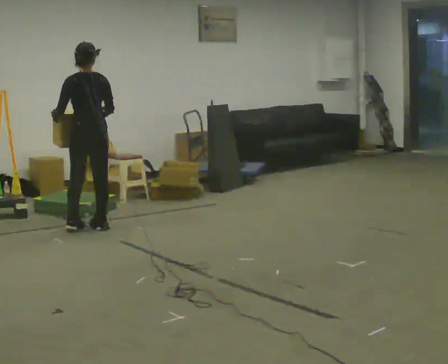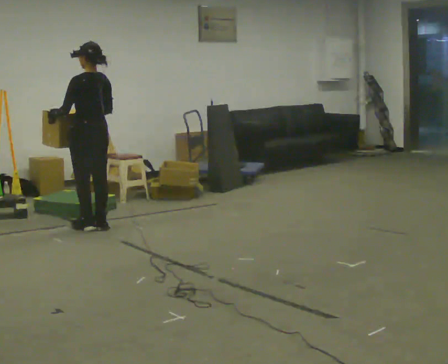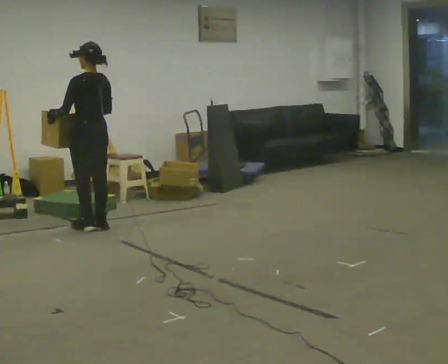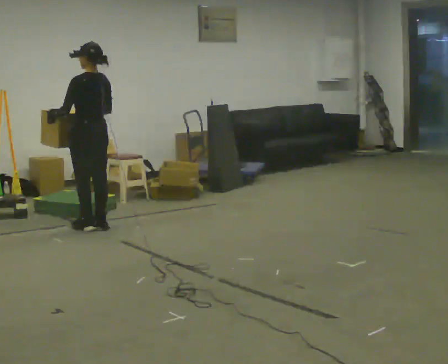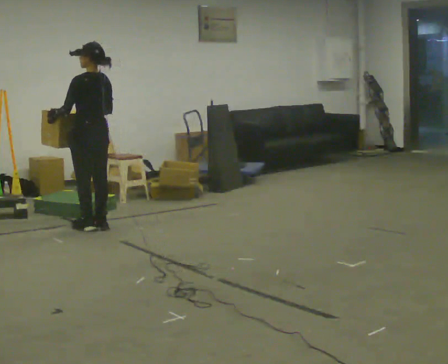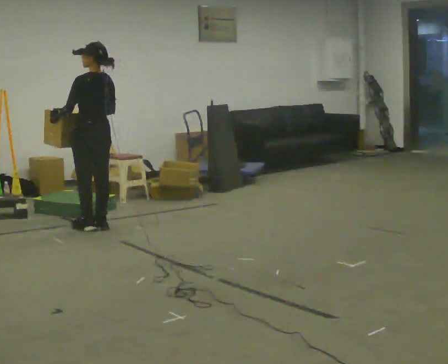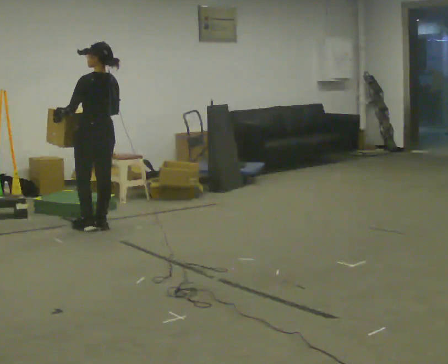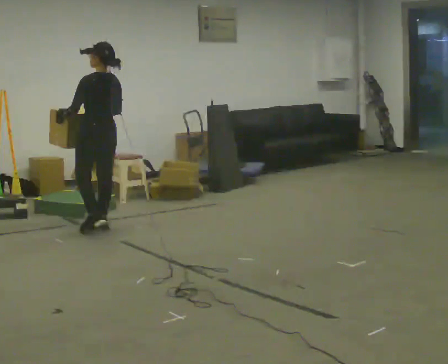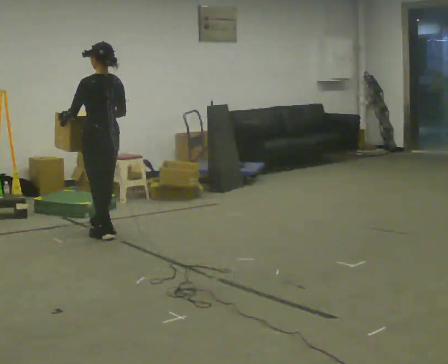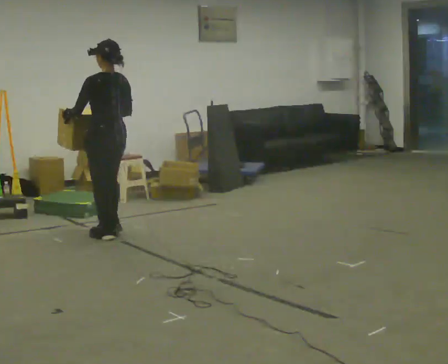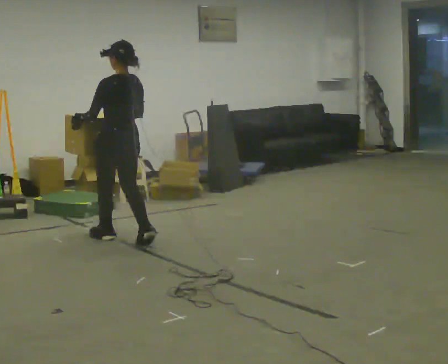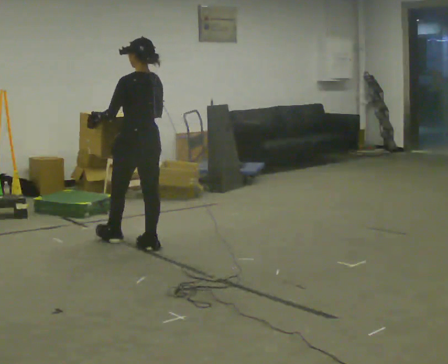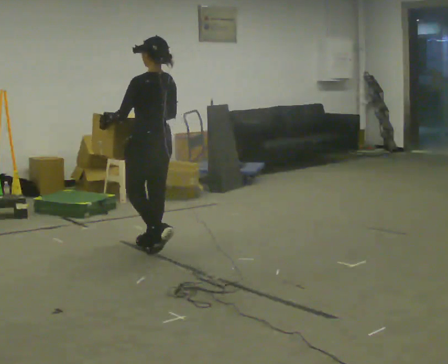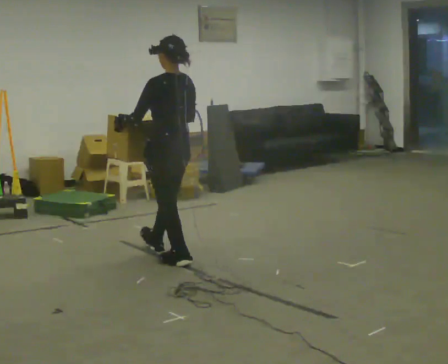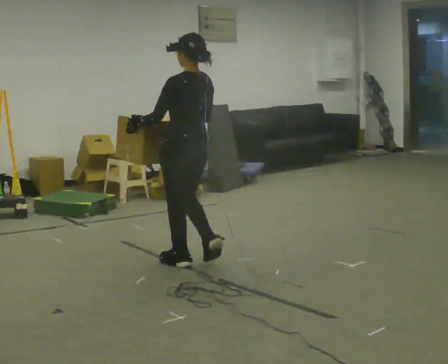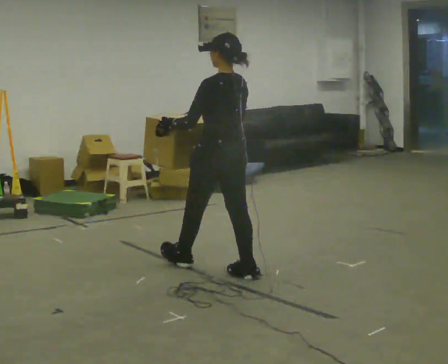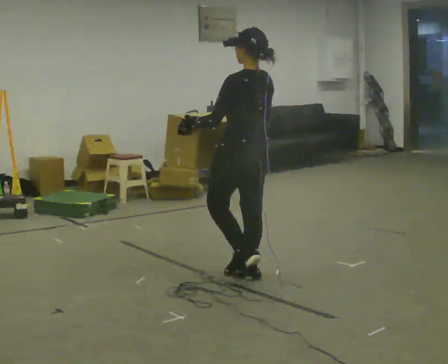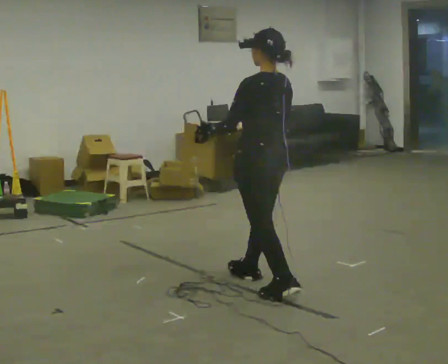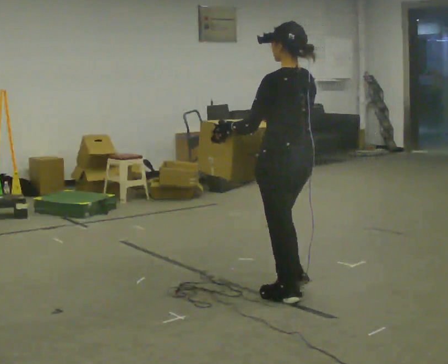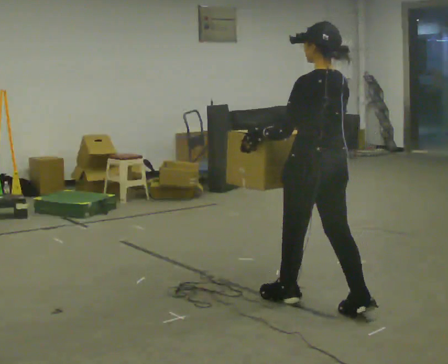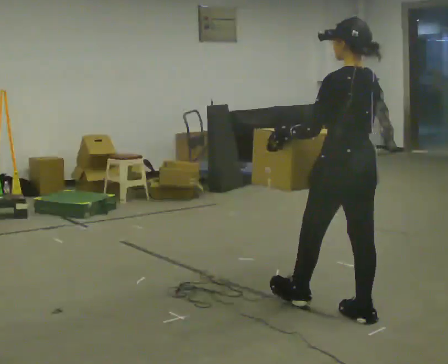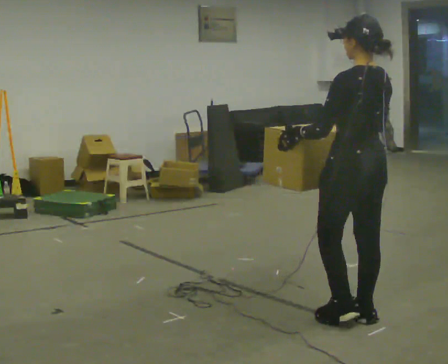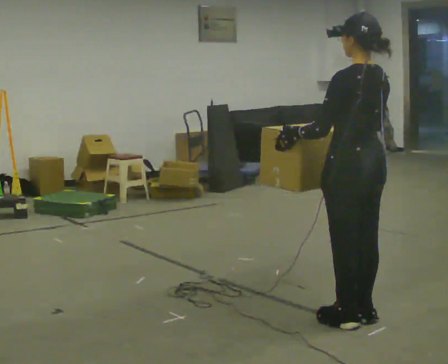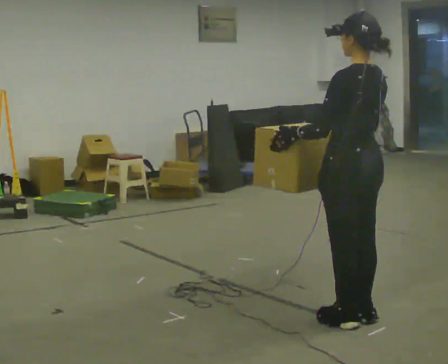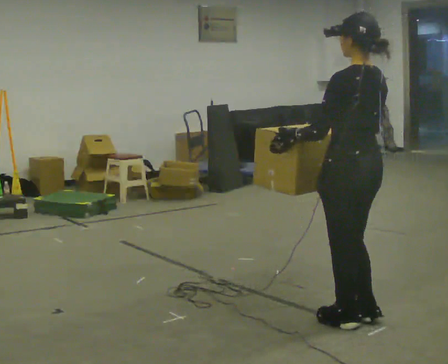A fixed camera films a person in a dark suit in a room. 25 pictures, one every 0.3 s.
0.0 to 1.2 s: The person moves a little, or ends about where they began.
1.2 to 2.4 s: In the picture they go toward the camera, about 0.25 m in 1 step, which for them is backward.
2.4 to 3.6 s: In the picture they go toward the camera and to the right, about 0.75 m in 2 steps, which for them is backward.
3.6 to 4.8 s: In the picture they go toward the camera and to the right, about 1 m in 2 steps, which for them is backward.
4.8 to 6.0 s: In the picture they go toward the camera and to the right, about 1 m in 2 steps, which for them is backward.
6.0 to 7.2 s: In the picture they go toward the camera, about 0.25 m in 1 step, which for them is backward.
The film runs backward here.
